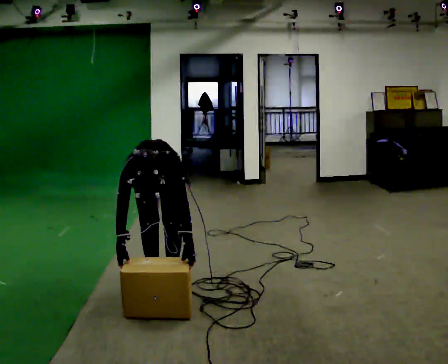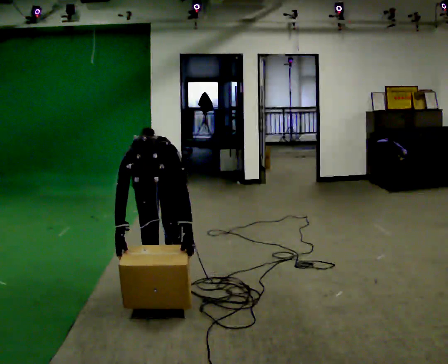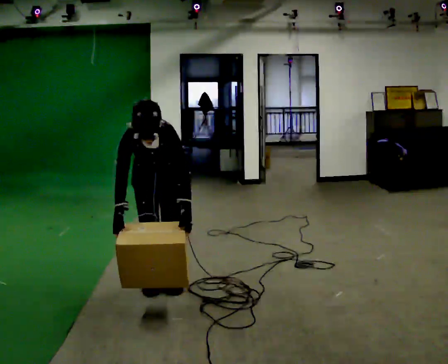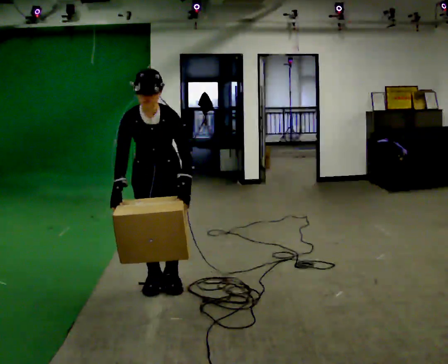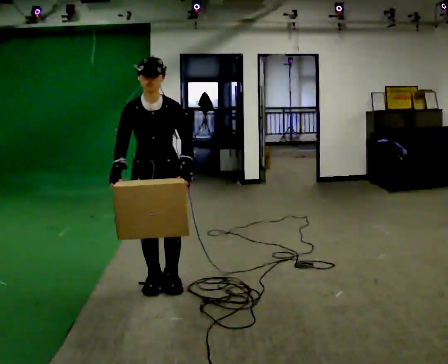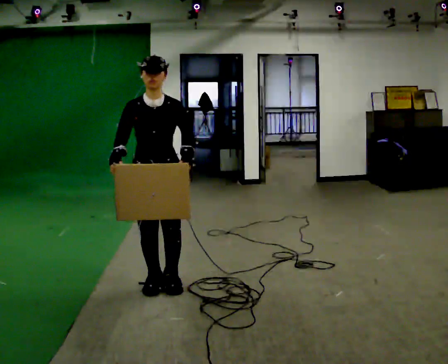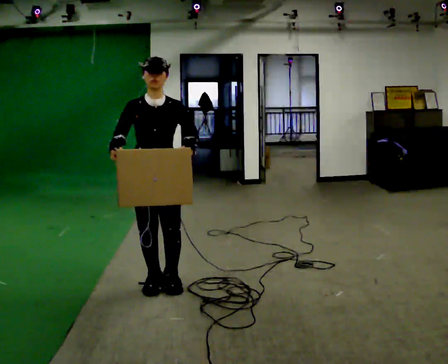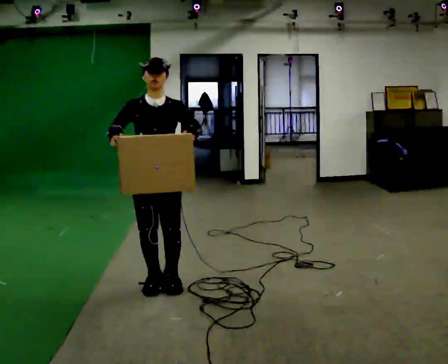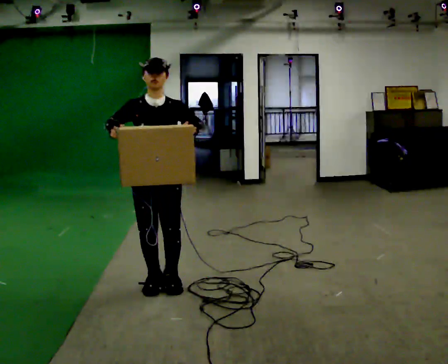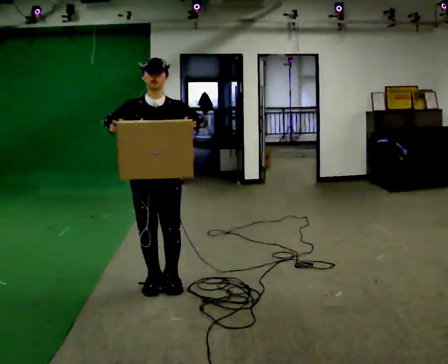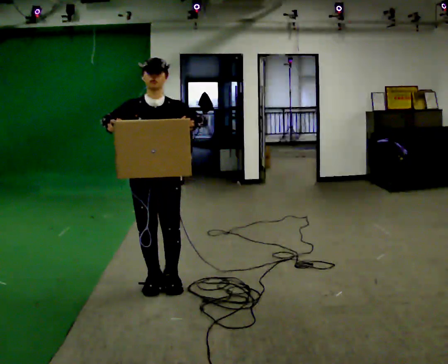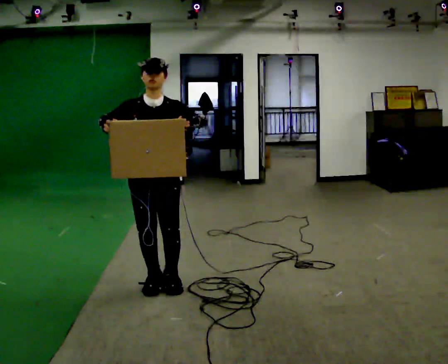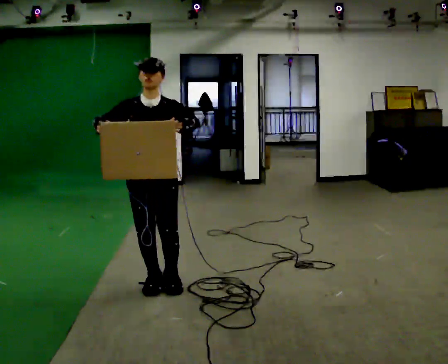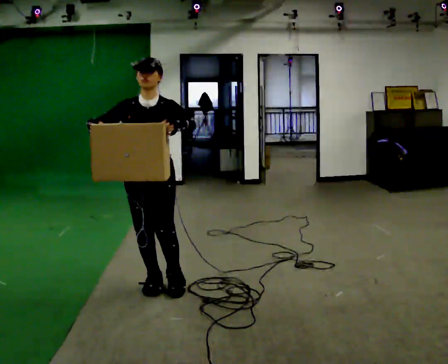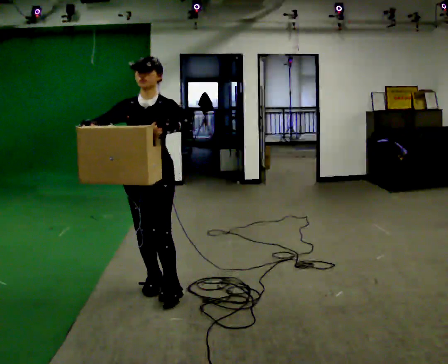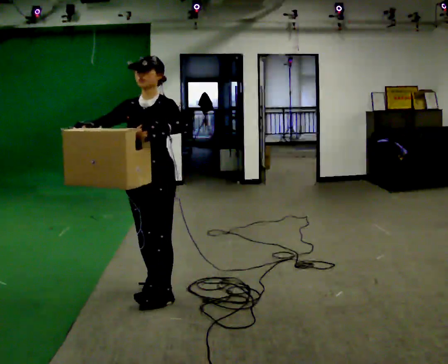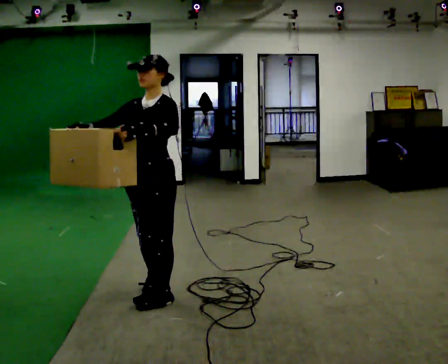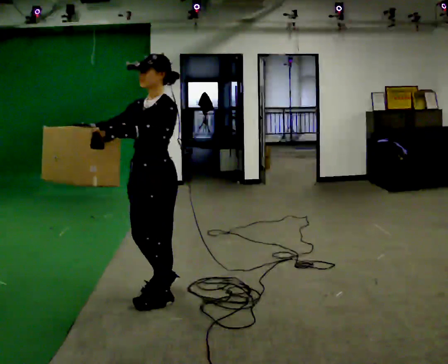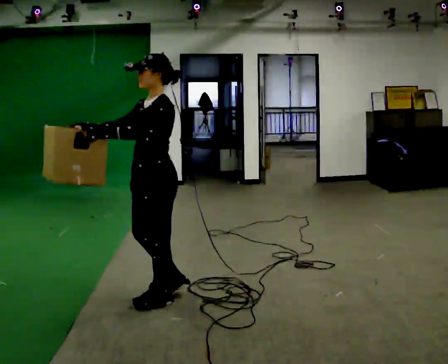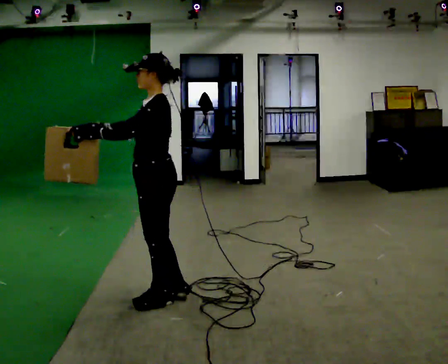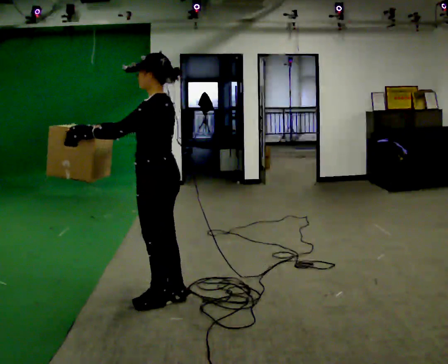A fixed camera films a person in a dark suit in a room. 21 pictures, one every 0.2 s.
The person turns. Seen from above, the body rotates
clockwise.
Their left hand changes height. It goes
upward.
0.0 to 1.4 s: The shoulders move upward. The upper body tips away from the camera, its near side rolling upward, as they lean back or straighten. In the picture their right hand goes upward.
1.4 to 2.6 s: The person moves a little, or ends about where they began.
2.6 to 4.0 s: The person turns about 105 degrees to their right, clockwise seen from above, so the part of the body nearest the lens slides to the left. In the picture they go toward the camera, about 0.25 m in 2 steps.
The film runs forward here.
